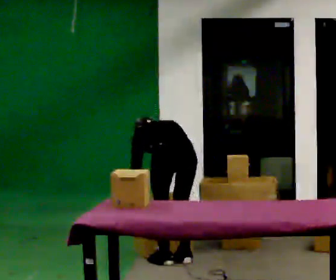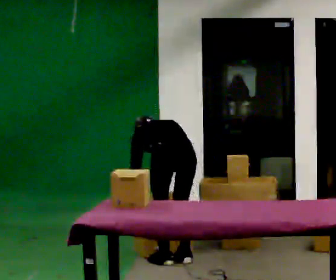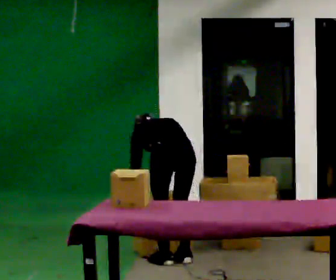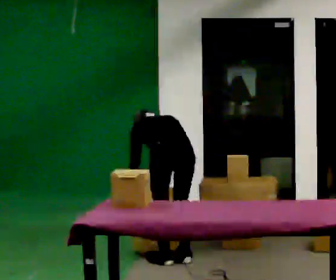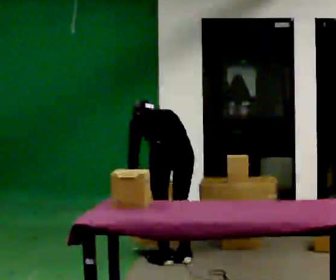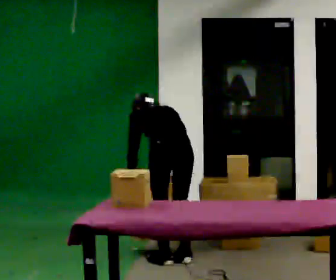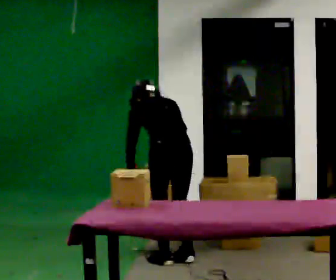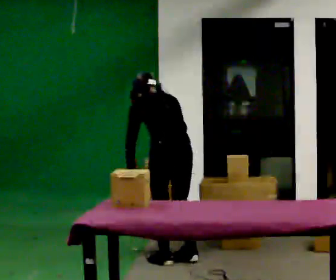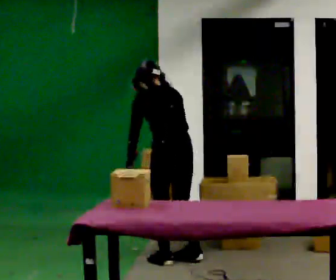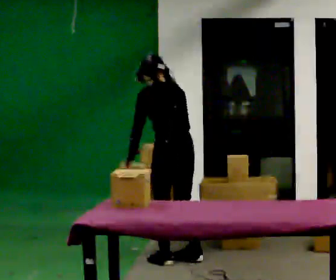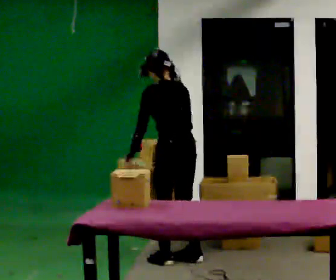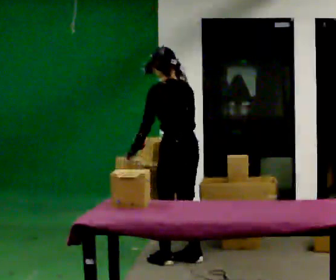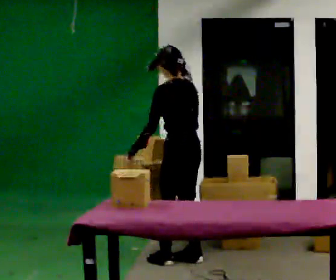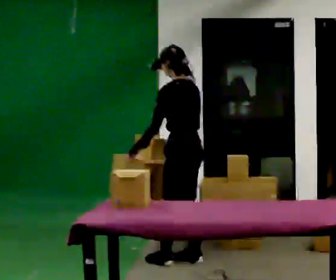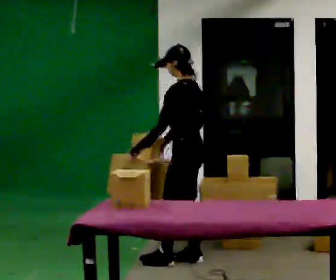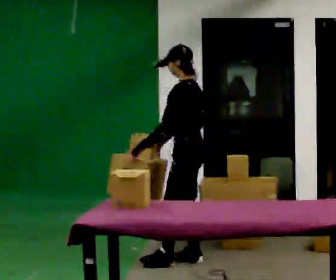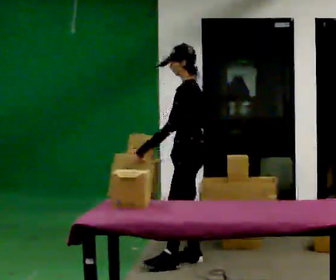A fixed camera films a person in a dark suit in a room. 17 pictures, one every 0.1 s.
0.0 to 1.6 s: The person turns about 75 degrees to their left, counterclockwise seen from above, so the part of the body nearest the lens slides to the right. The shoulders move upward. The upper body tips toward the camera, its near side rolling downward, as they lean back or straighten. In the picture their right hand goes upward, the arm swinging clockwise.
The film runs forward here.
